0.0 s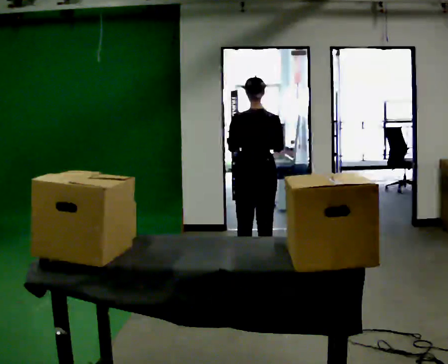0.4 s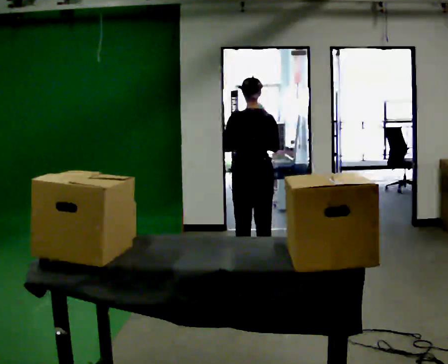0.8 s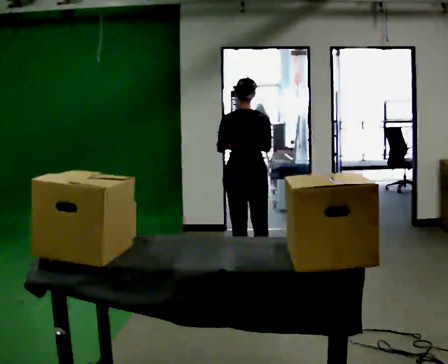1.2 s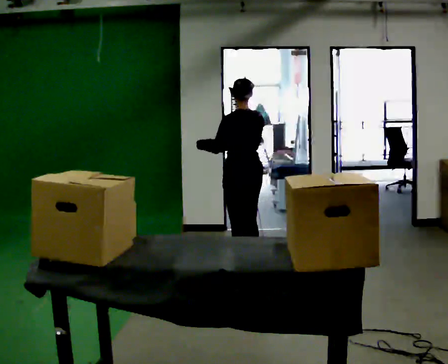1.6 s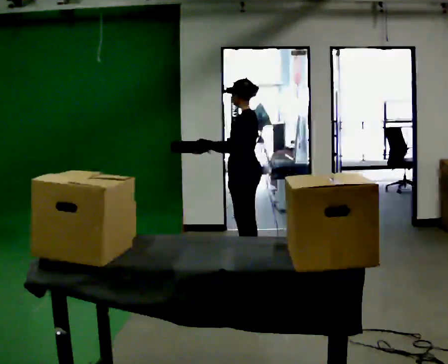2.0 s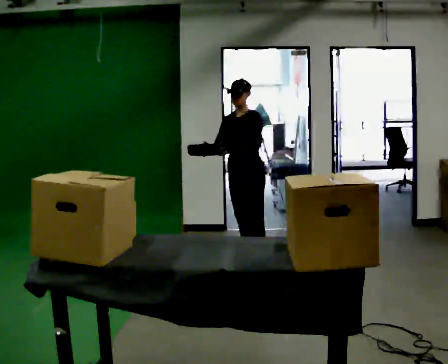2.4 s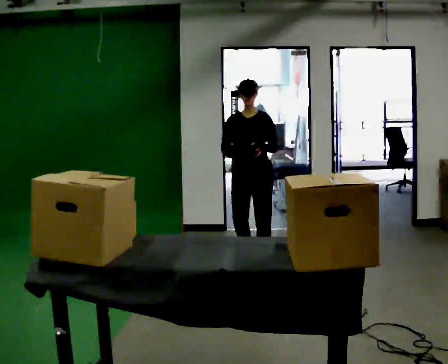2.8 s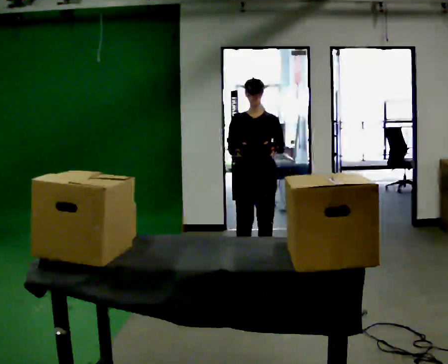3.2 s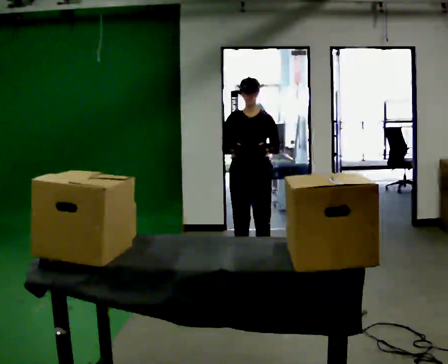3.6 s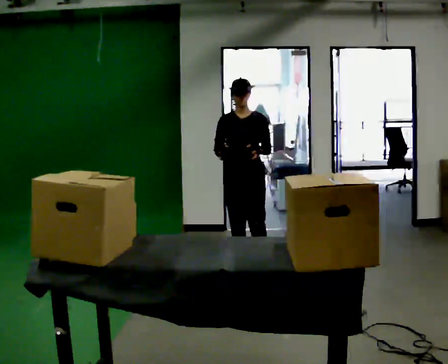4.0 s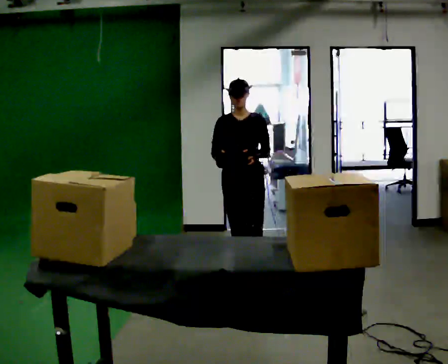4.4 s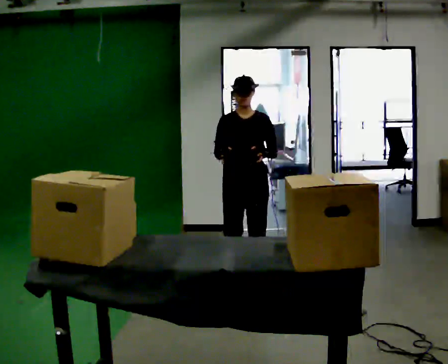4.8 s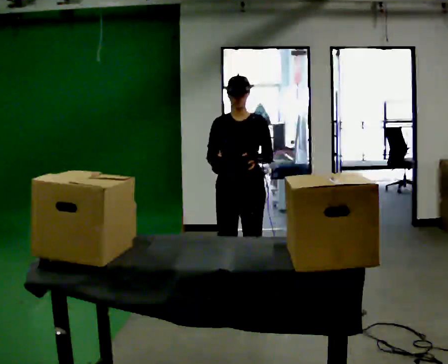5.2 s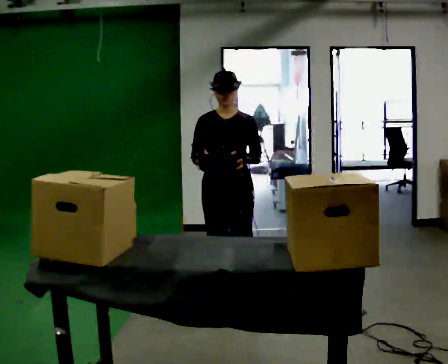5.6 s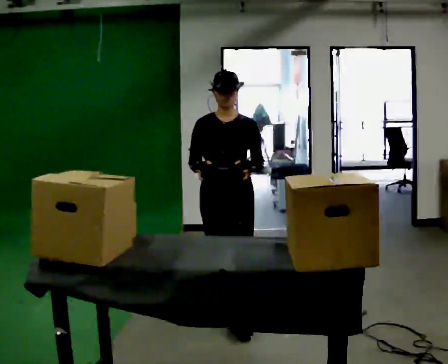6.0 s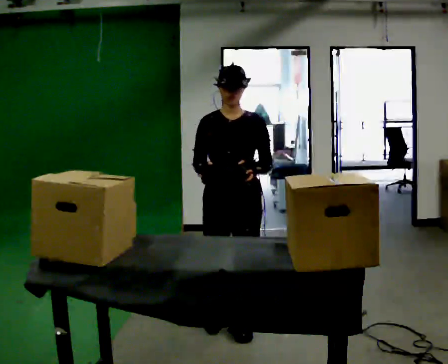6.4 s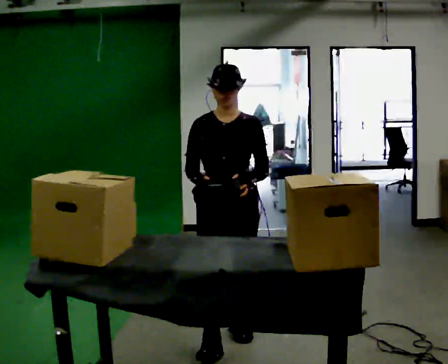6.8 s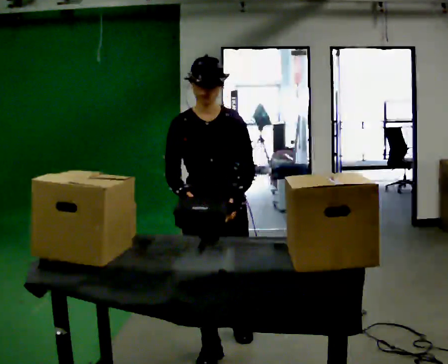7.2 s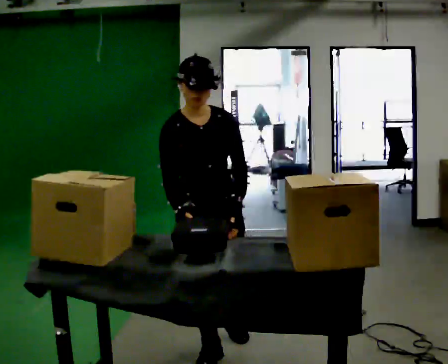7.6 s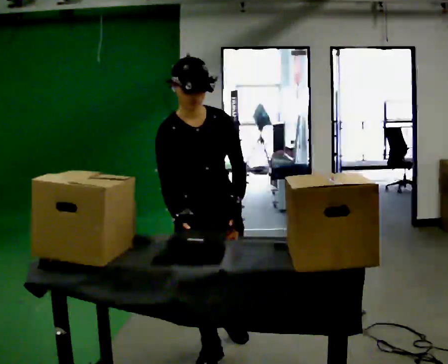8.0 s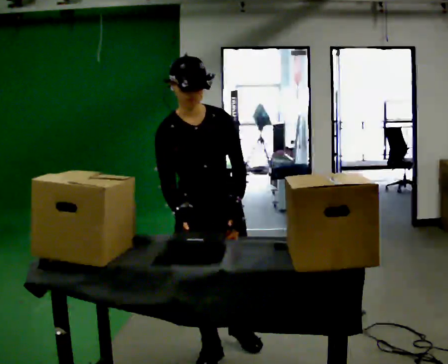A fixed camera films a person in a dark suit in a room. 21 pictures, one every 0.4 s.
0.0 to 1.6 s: The part of the body nearest the lens slides to the right as the person turns to their left by about 90 degrees. In the picture they go away from the camera, about 0.25 m in 1 step.
1.6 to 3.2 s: Seen from above the body turns counterclockwise, about 90 degrees: to their left, with its near side sliding to the right. In the picture they go toward the camera, about 0.25 m in 1 step. In the picture their left hand goes to the right.
3.2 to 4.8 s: In the picture they go toward the camera, about 0.5 m in 2 steps, which for them is forward.
4.8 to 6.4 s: In the picture they go toward the camera, about 1 m in 2 steps, which for them is forward.
6.4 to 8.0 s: In the picture they go toward the camera, about 0.25 m, which for them is forward and to their right. The upper body tips toward the camera, its near side rolling downward, as they bend forward.
The film runs forward here.
